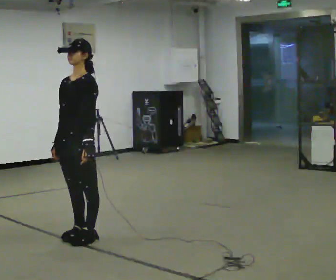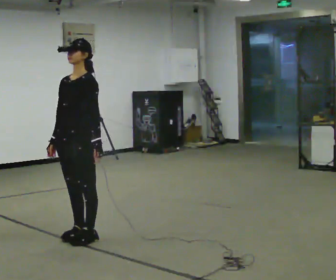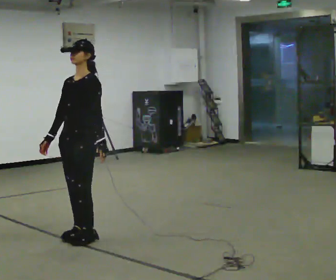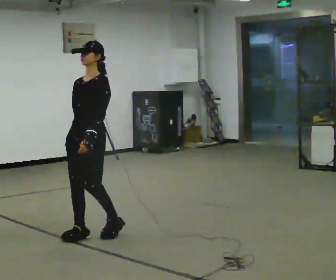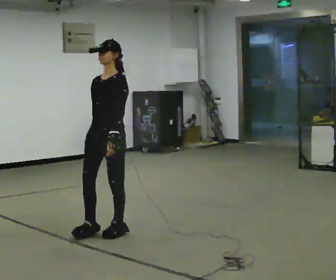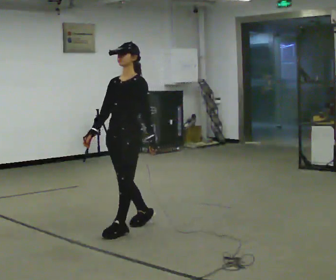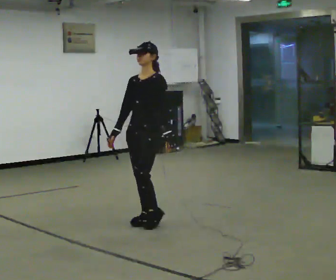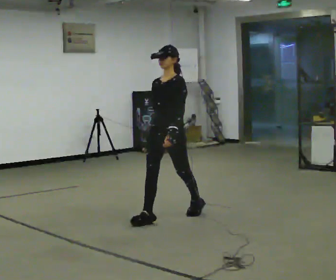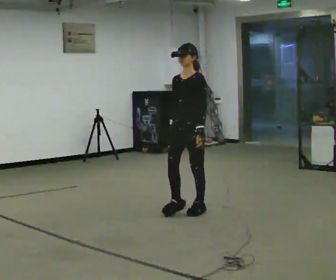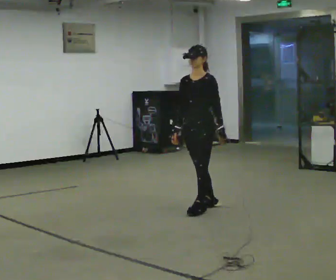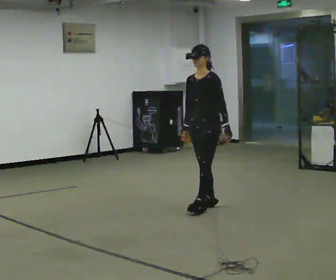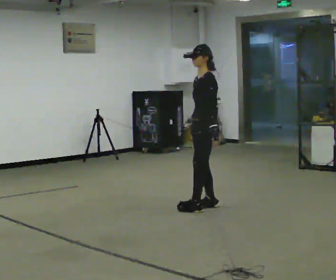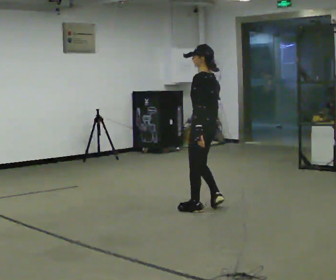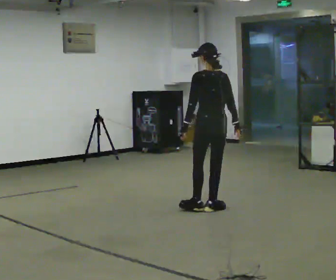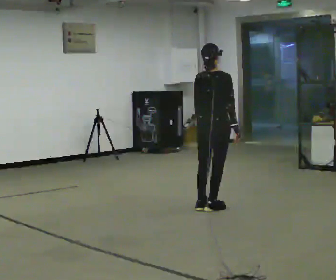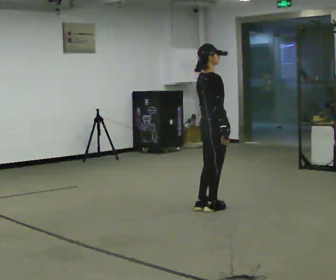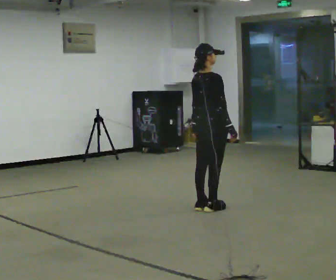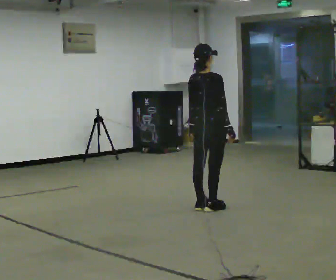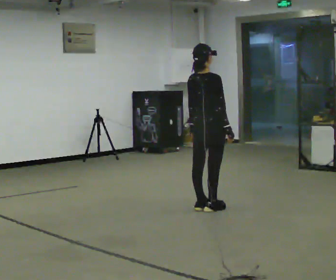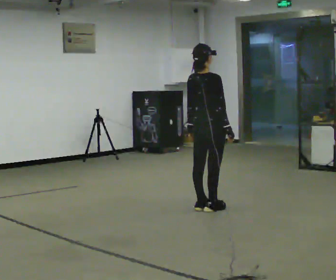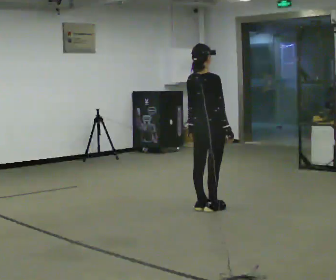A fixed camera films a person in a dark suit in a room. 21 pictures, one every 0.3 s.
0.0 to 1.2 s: In the picture they go away from the camera and to the right, about 0.25 m in 2 steps, which for them is backward.
1.2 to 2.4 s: In the picture they go away from the camera and to the right, about 1 m in 2 steps, which for them is backward.
2.4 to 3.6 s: The part of the body nearest the lens slides to the left as the person turns to their right by about 75 degrees. In the picture they go away from the camera and to the right, about 0.25 m in 1 step. In the picture their right hand goes to the right.
3.6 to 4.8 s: Seen from above the body turns clockwise, about 105 degrees: to their right, with its near side sliding to the left.
4.8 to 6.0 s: The person moves a little, or ends about where they began.
The film runs backward here.
